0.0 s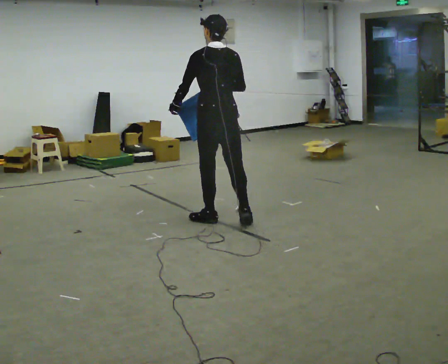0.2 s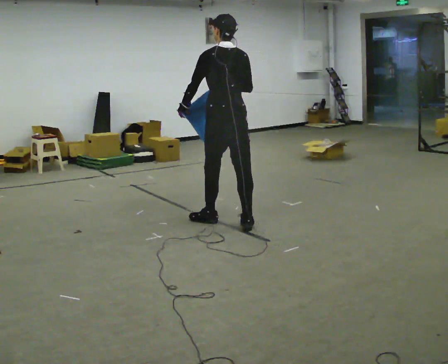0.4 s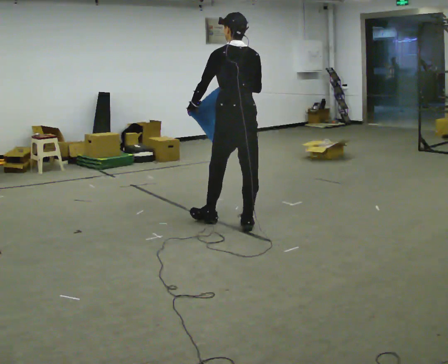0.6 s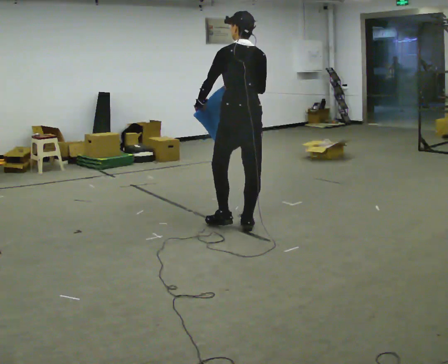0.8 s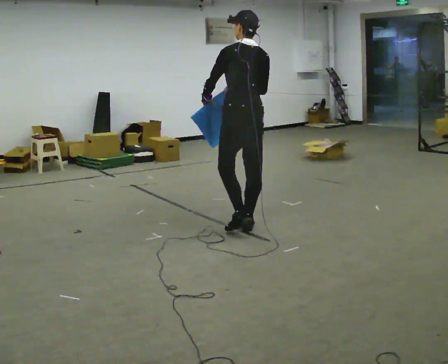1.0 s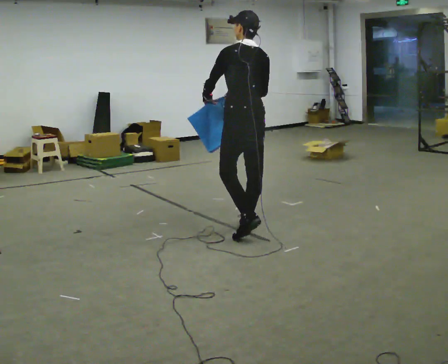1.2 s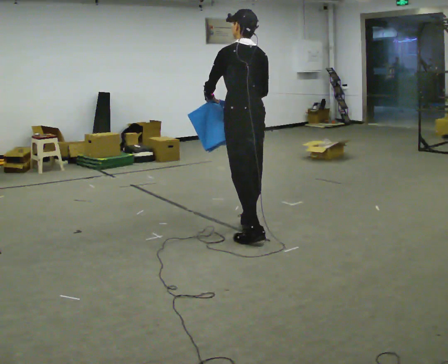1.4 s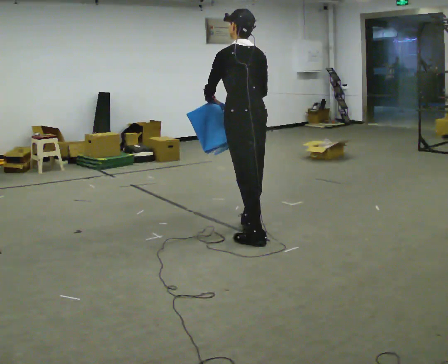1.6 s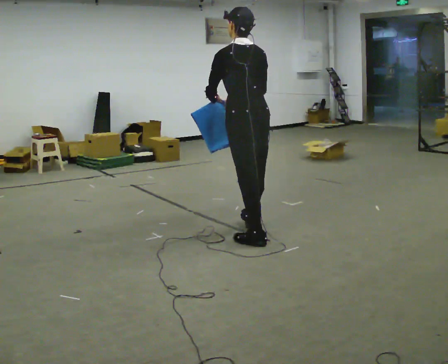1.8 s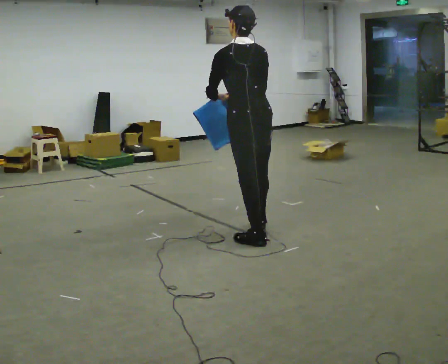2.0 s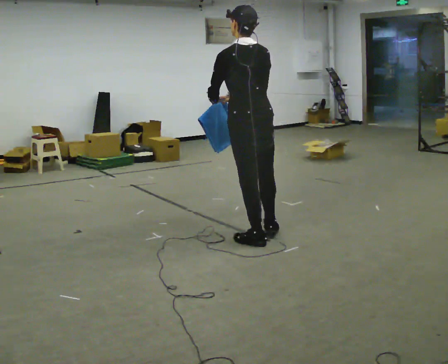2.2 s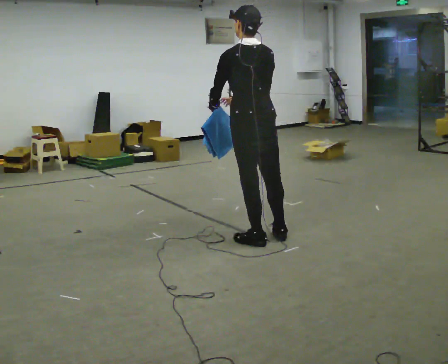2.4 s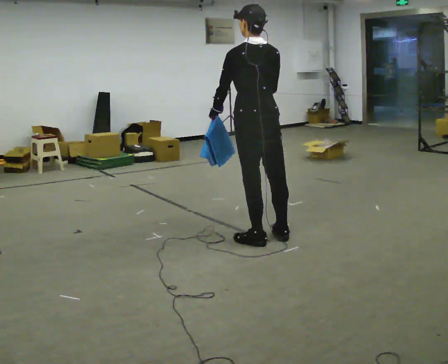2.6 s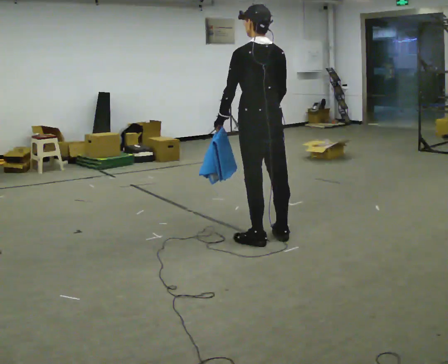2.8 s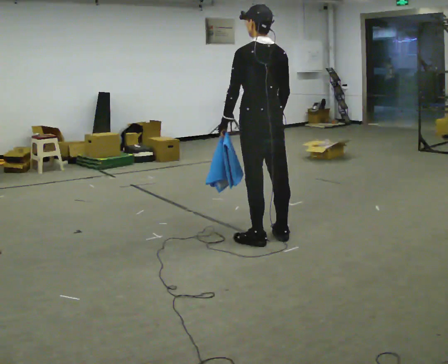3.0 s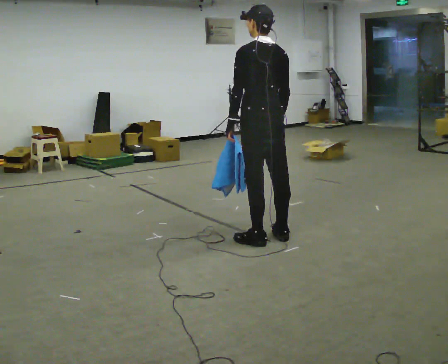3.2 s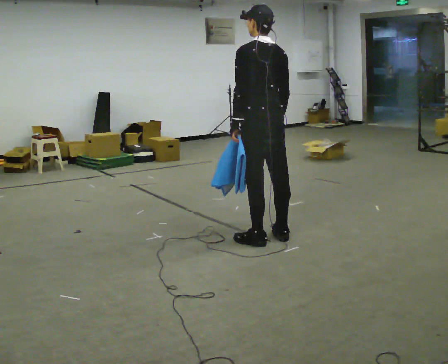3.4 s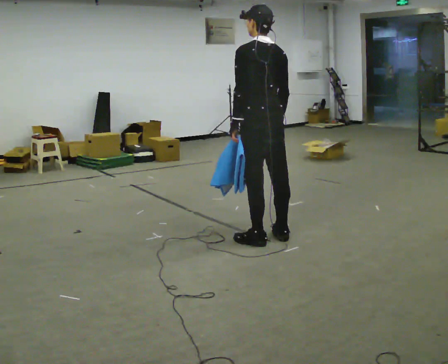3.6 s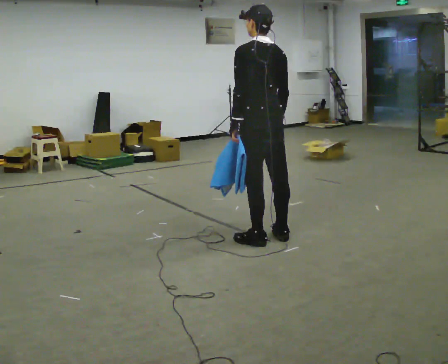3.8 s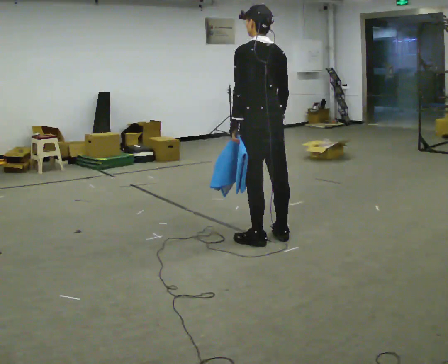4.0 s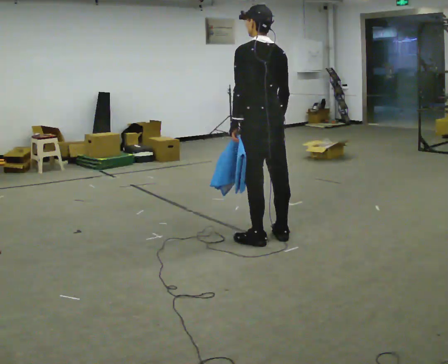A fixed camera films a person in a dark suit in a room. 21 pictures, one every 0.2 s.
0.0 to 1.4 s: In the picture they go to the right and toward the camera, about 0.5 m in 1 step, which for them is backward.
1.4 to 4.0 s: In the picture their left hand goes to the right.
The film runs backward here.
